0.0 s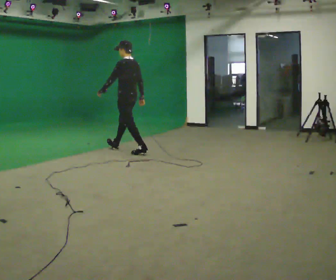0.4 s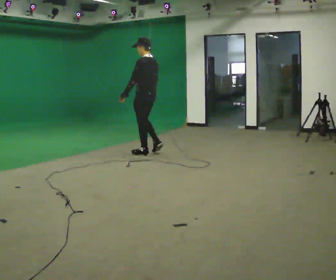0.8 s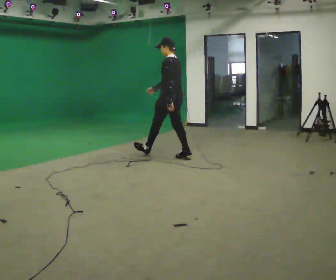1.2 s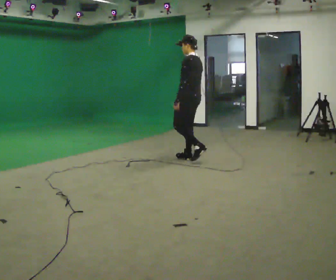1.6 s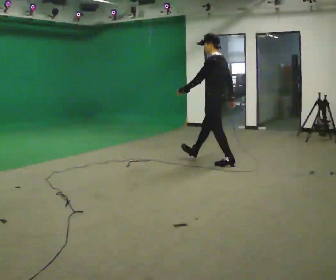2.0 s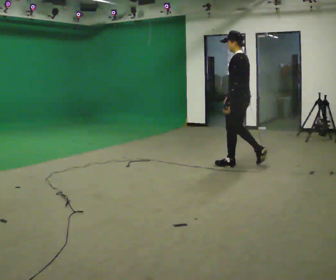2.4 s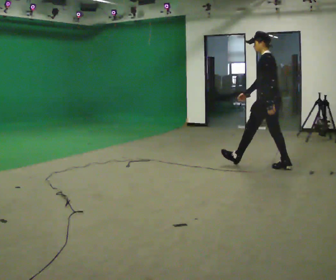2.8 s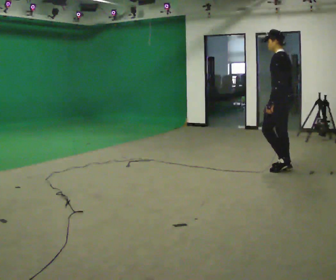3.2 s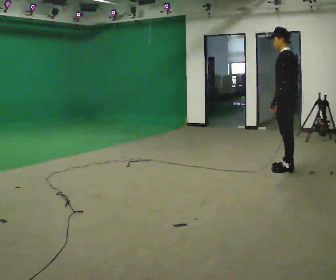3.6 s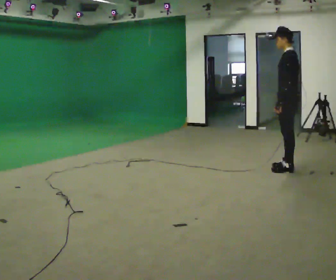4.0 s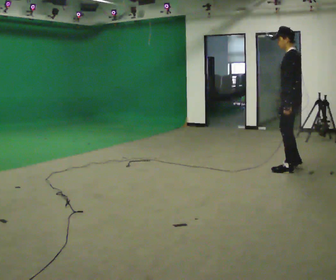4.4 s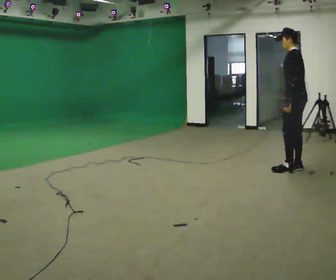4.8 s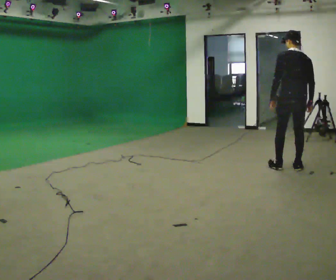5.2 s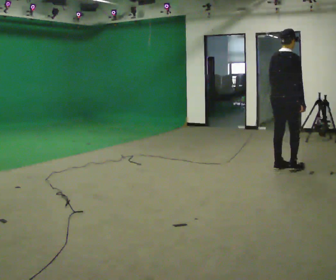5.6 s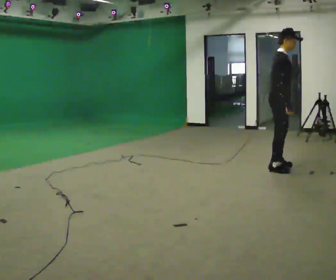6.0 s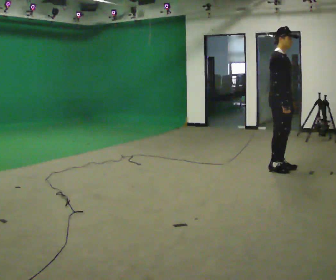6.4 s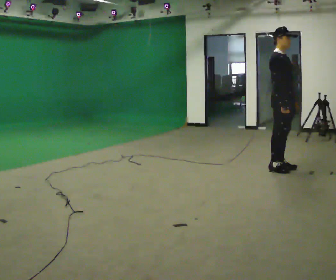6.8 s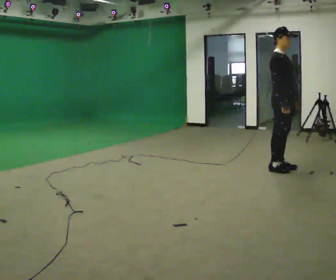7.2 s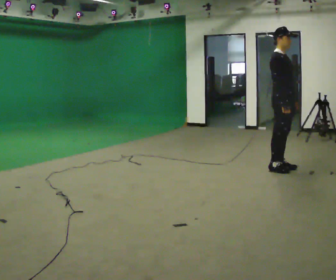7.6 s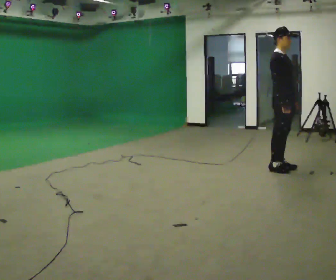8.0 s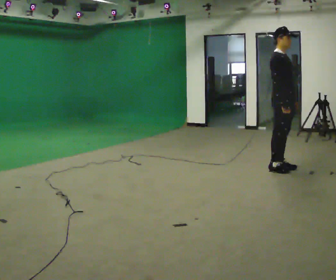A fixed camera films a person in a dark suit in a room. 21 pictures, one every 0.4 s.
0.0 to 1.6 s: In the picture they go to the right, about 1.5 m in 3 steps, which for them is backward.
1.6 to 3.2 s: In the picture they go to the right, about 1 m in 1 step, which for them is backward.
3.2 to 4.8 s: Seen from above the body turns clockwise, about 45 degrees: to their right, with its near side sliding to the left.
4.8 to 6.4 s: The part of the body nearest the lens slides to the left as the person turns to their right by about 135 degrees. In the picture they go to the left, about 0.25 m in 1 step.
6.4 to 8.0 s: The person keeps their place and pose.
The film runs backward here.
